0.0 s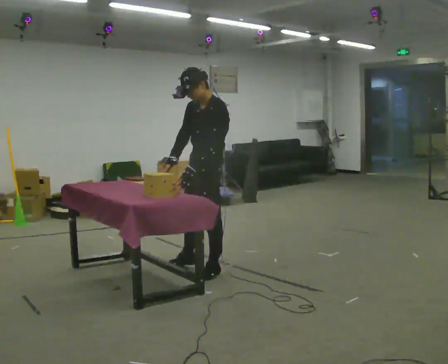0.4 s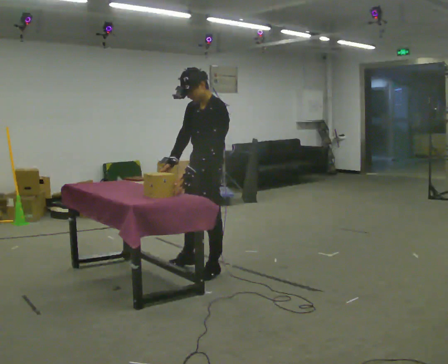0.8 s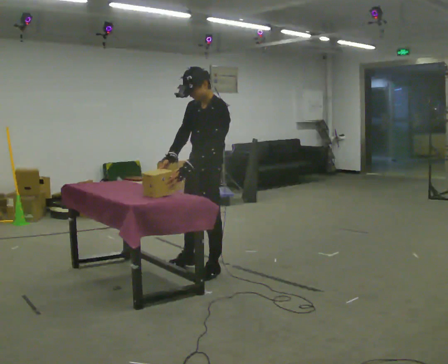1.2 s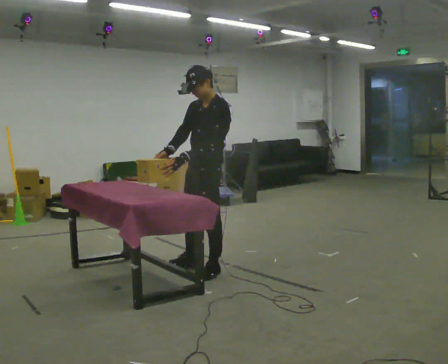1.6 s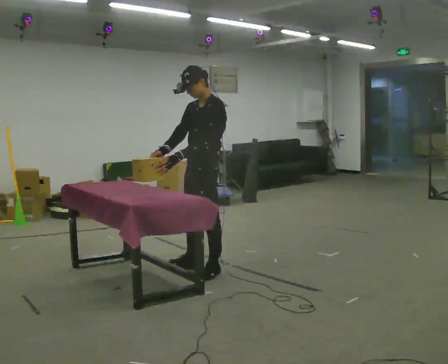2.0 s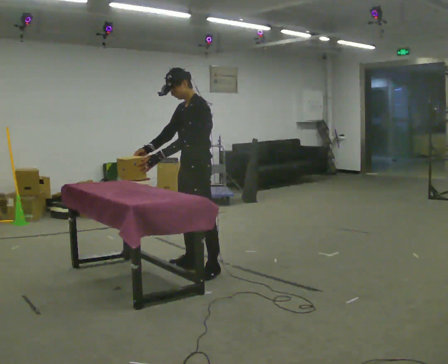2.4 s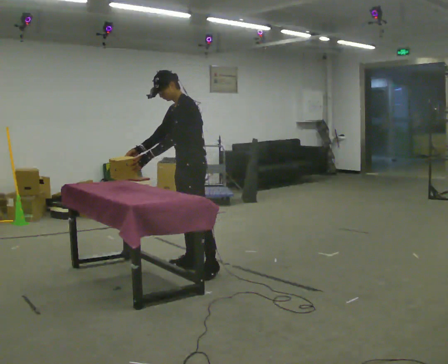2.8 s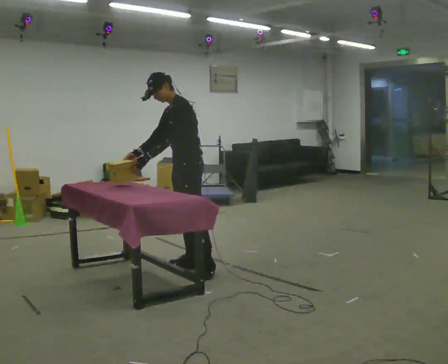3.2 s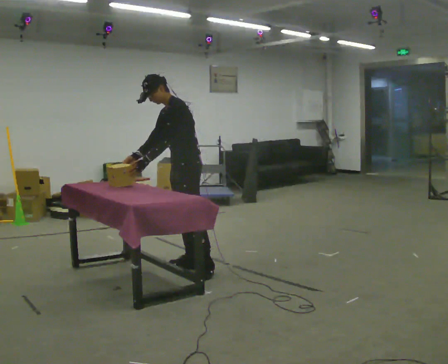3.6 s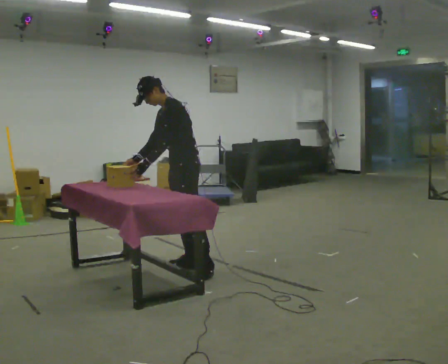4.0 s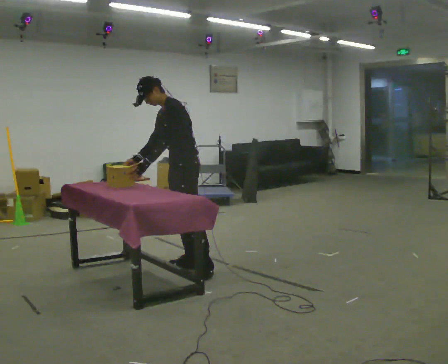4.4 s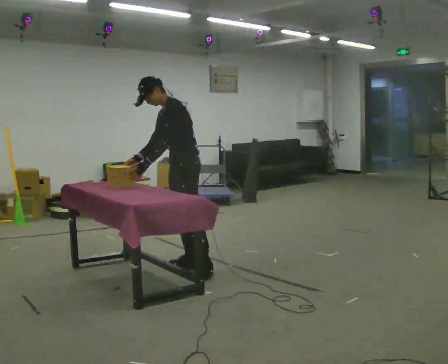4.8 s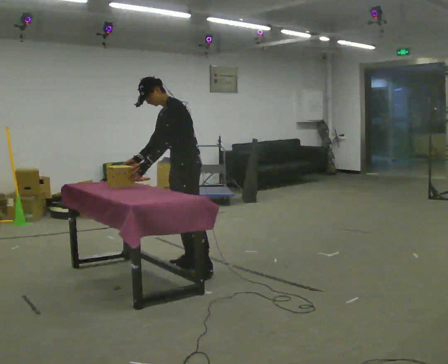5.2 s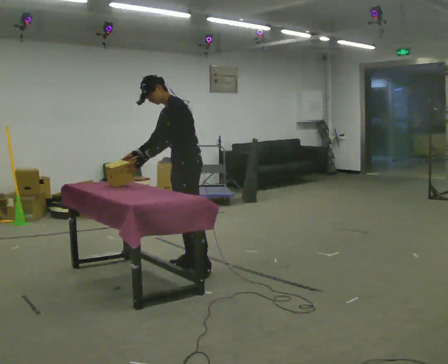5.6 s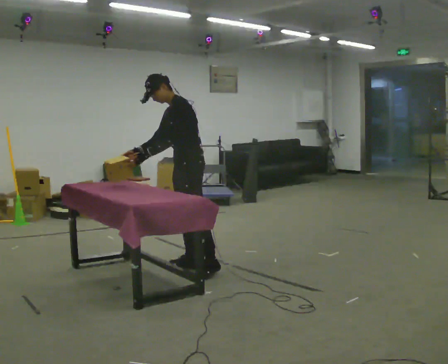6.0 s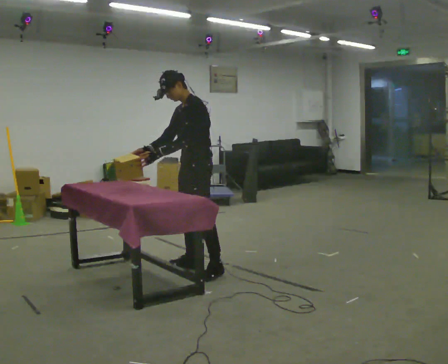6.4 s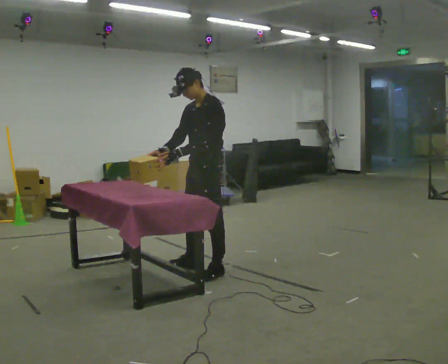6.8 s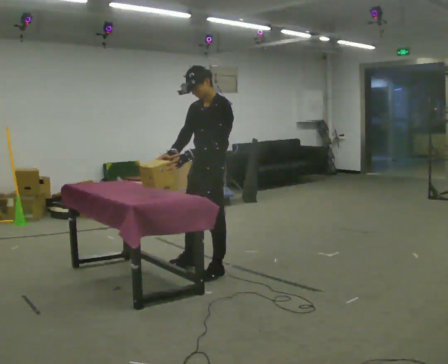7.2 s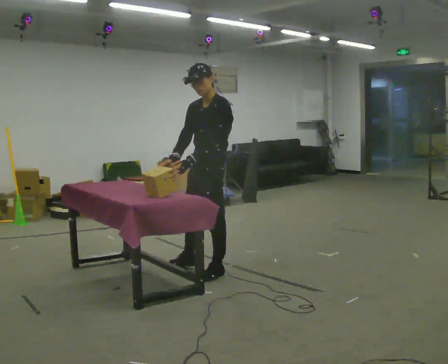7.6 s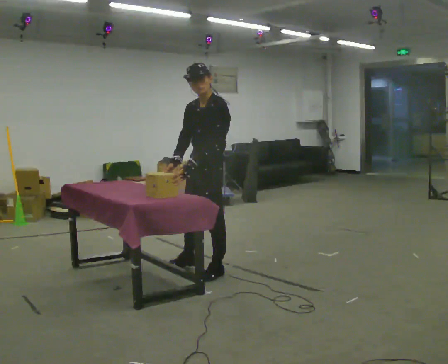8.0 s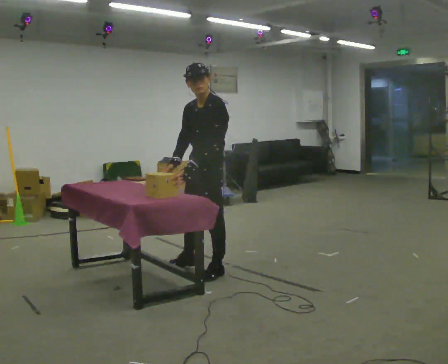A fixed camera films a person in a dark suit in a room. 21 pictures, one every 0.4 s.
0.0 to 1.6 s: The person moves a little, or ends about where they began.
1.6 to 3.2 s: In the picture they go away from the camera, about 0.25 m, which for them is to their right. In the picture the upper body tilts counterclockwise, shoulders to the left.
3.2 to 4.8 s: The person moves a little, or ends about where they began.
4.8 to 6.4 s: In the picture they go toward the camera, about 0.25 m, which for them is to their left. In the picture the upper body tilts clockwise, shoulders to the right.
6.4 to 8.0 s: The person moves a little, or ends about where they began.
The film runs forward here.
